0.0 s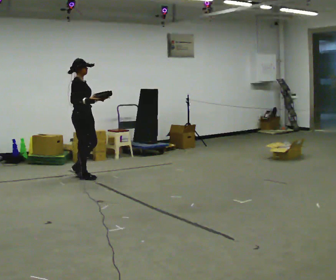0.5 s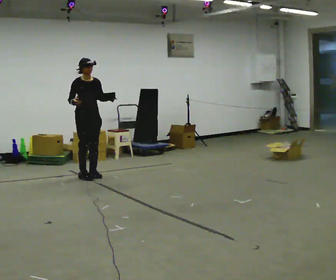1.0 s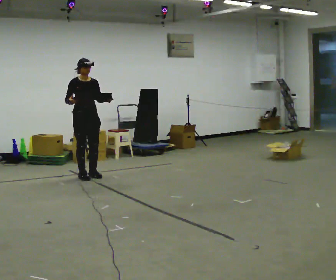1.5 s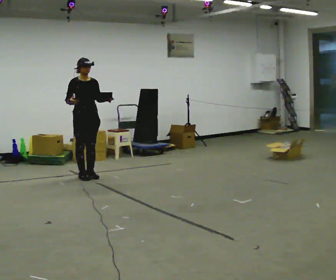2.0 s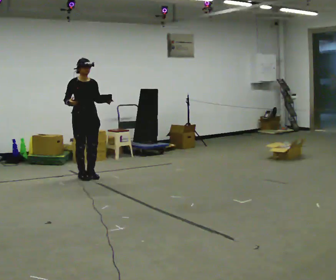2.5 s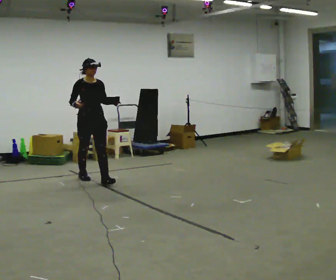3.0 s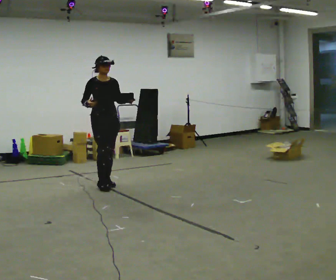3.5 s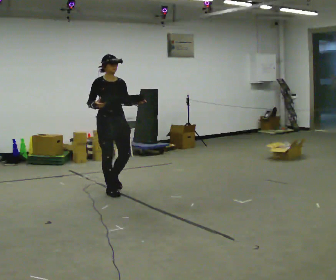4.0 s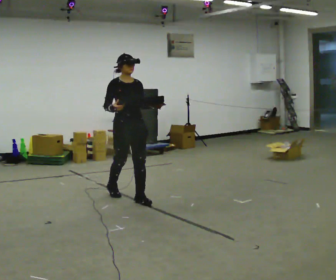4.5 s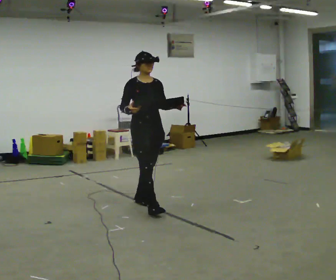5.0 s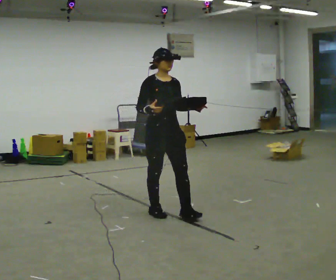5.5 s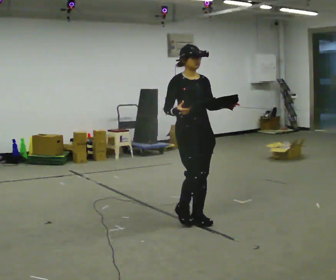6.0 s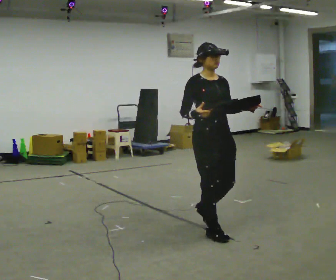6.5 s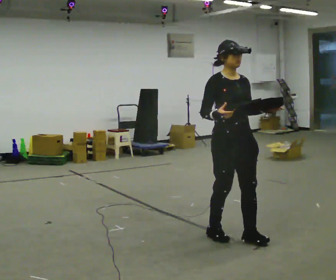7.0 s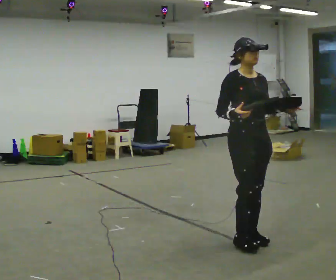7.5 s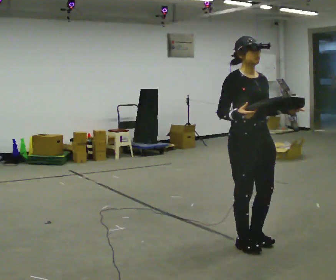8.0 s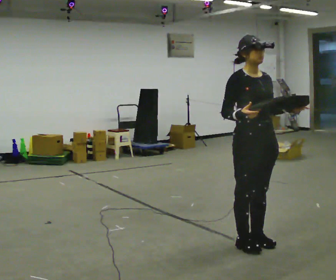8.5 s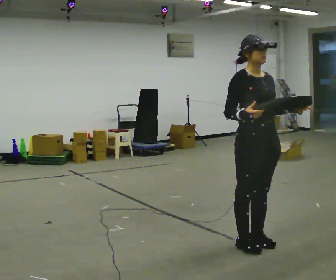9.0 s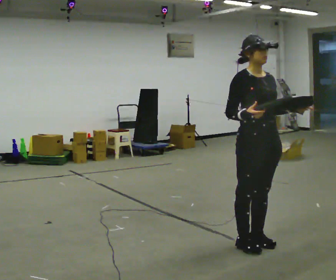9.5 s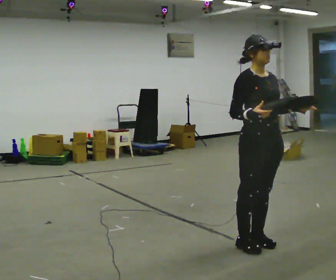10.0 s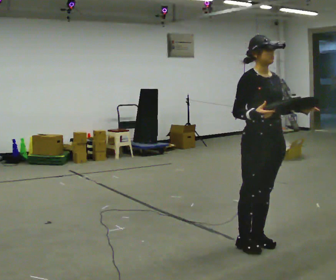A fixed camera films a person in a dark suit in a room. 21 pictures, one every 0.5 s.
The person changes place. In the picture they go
toward the camera.
0.0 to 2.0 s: The part of the body nearest the lens slides to the left as the person turns to their right by about 60 degrees.
2.0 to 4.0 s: In the picture they go toward the camera and to the right, about 1.5 m in 3 steps, which for them is forward.
4.0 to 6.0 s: In the picture they go toward the camera and to the right, about 1.5 m in 3 steps, which for them is forward.
6.0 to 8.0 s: In the picture they go toward the camera and to the right, about 0.5 m in 2 steps, which for them is forward.
8.0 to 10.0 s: The person moves a little, or ends about where they began.
The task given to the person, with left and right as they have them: Carry the box with its lid hanging open across the room, back and forth.
The film runs forward here.
